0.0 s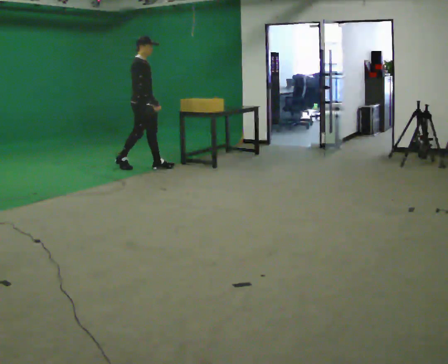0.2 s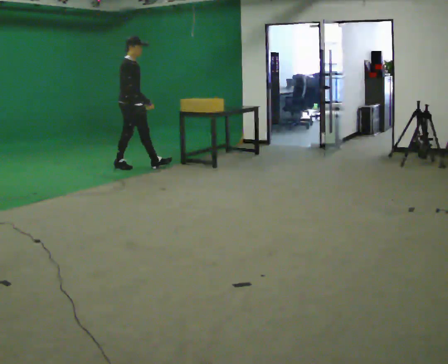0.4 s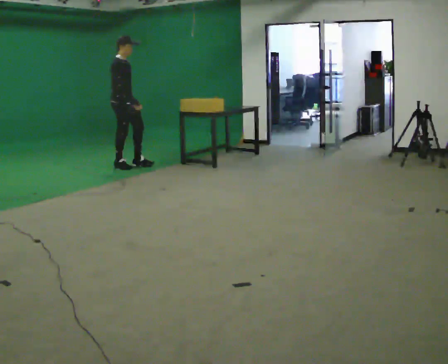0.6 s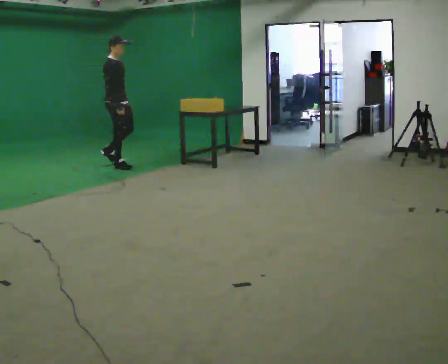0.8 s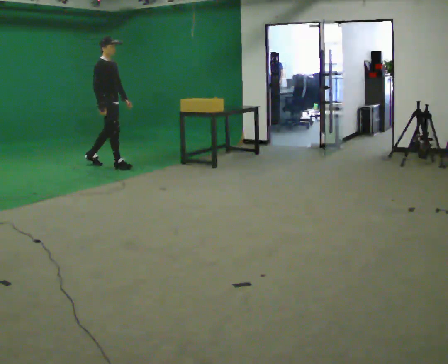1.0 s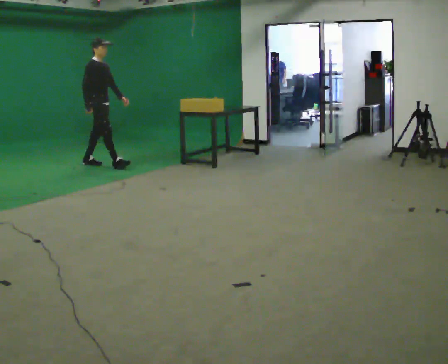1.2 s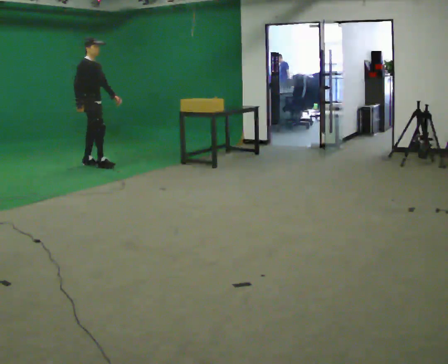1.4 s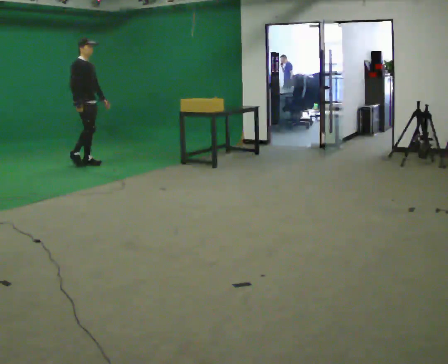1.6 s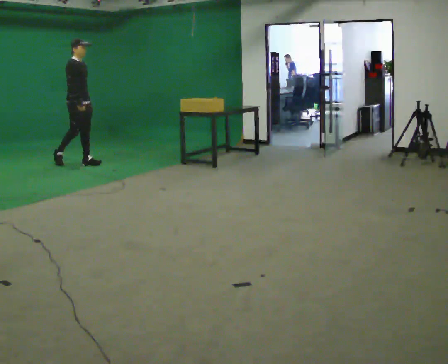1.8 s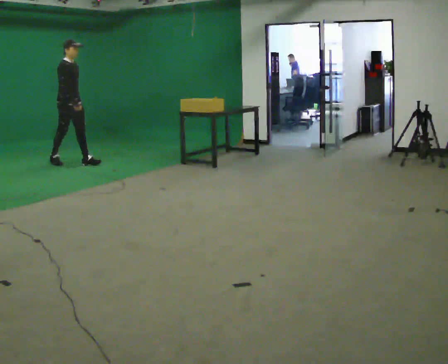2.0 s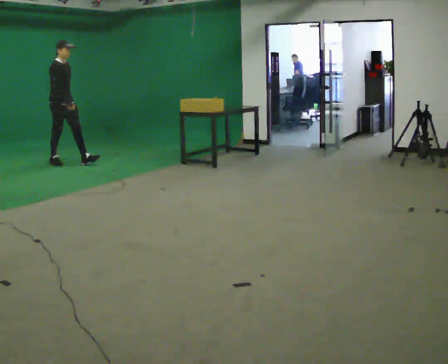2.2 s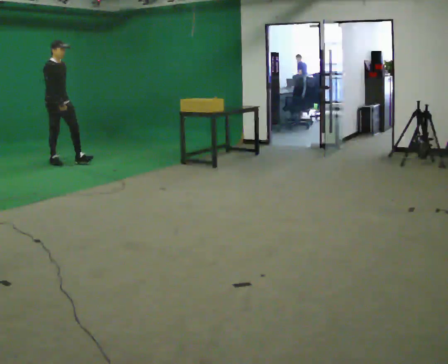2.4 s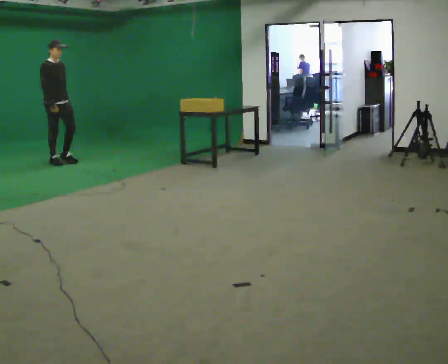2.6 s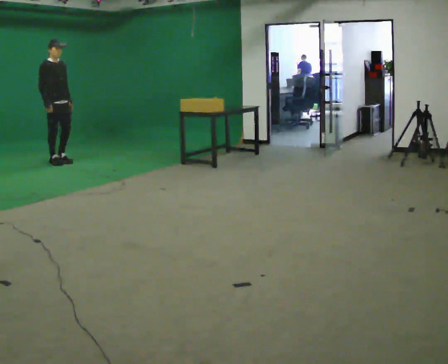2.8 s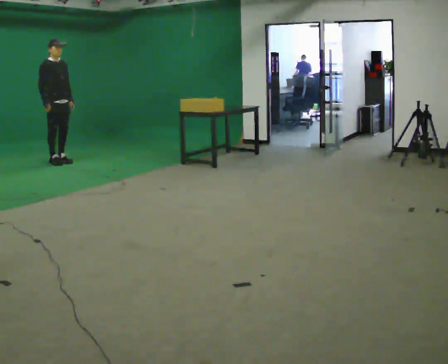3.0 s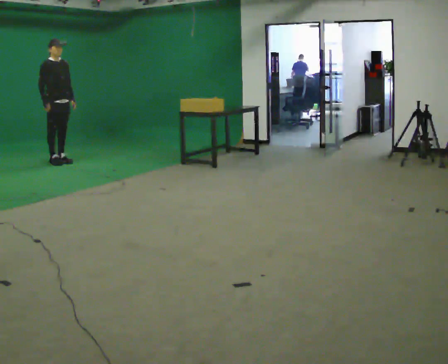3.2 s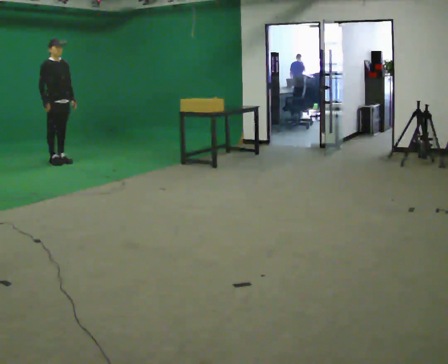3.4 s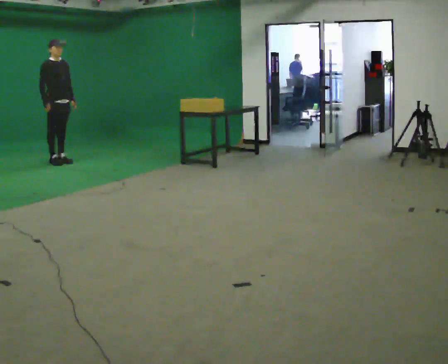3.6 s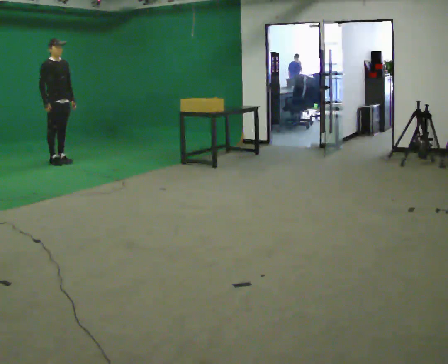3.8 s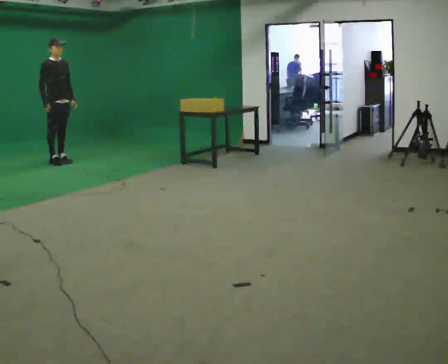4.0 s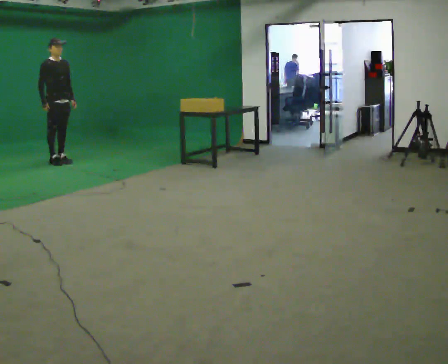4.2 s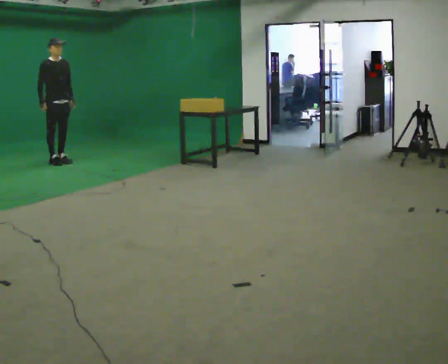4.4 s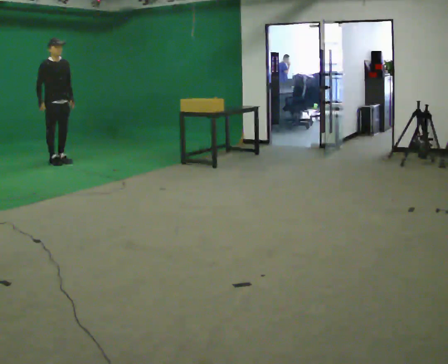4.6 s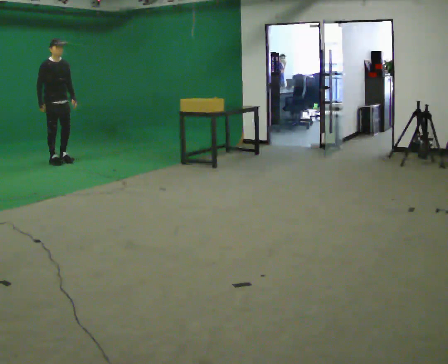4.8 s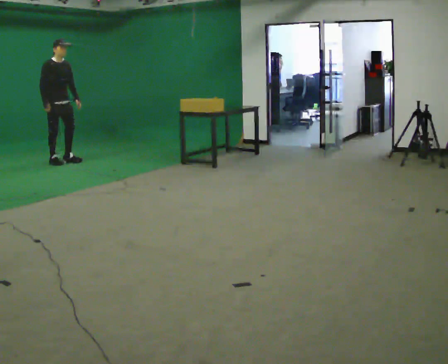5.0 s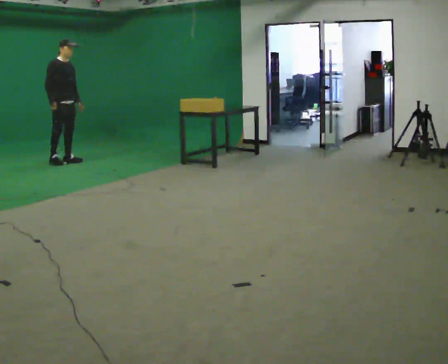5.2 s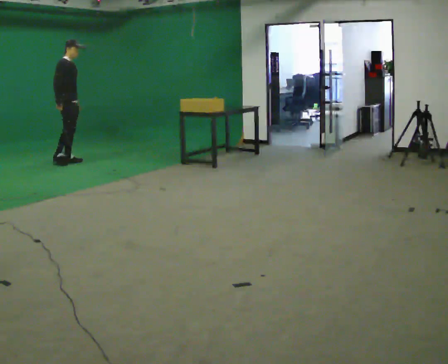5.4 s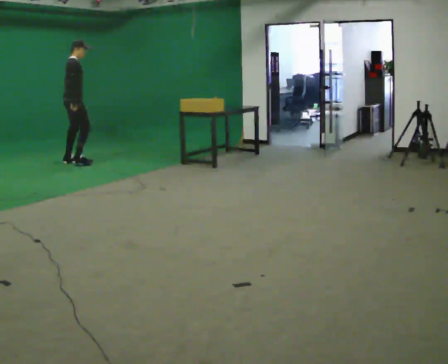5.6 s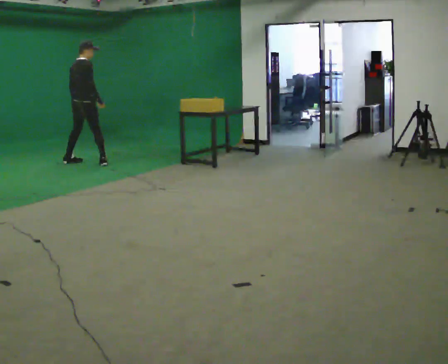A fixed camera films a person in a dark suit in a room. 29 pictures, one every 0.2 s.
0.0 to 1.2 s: In the picture they go to the left and away from the camera, about 1 m in 2 steps, which for them is backward.
1.2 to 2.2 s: In the picture they go to the left, about 0.5 m in 1 step, which for them is backward.
2.2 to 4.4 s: The person moves a little, or ends about where they began.
4.4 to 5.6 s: The part of the body nearest the lens slides to the right as the person turns to their left by about 90 degrees. In the picture they go to the right, about 0.25 m in 2 steps.
The film runs backward here.
